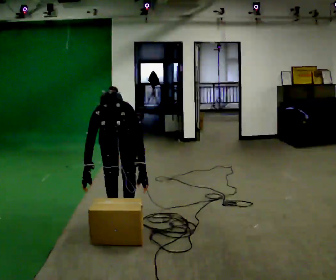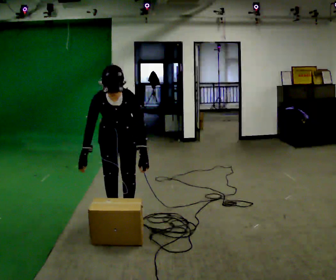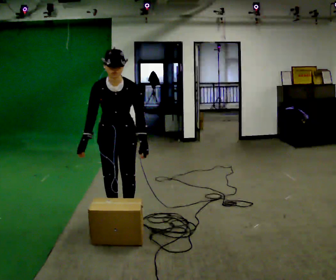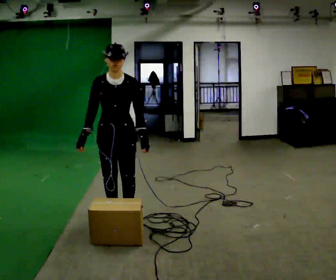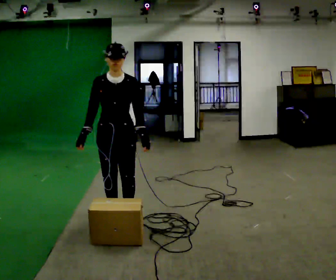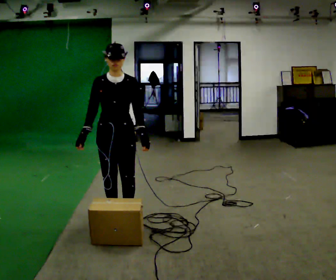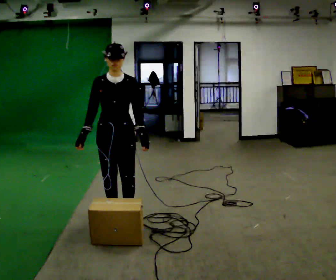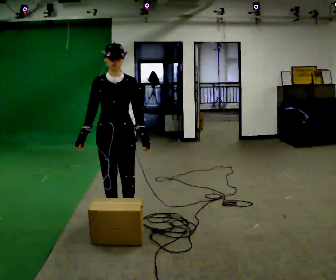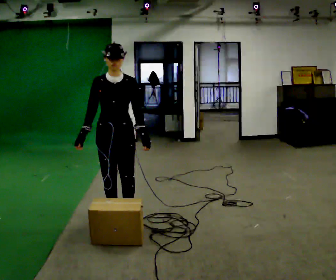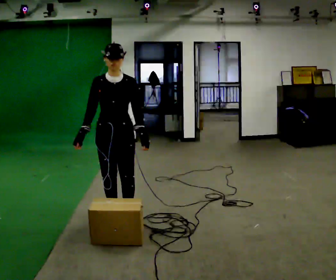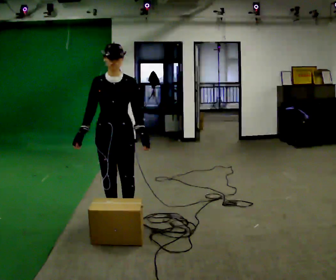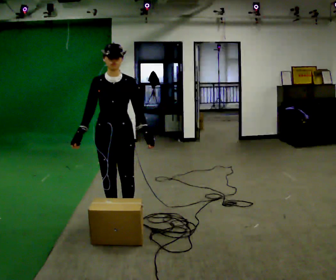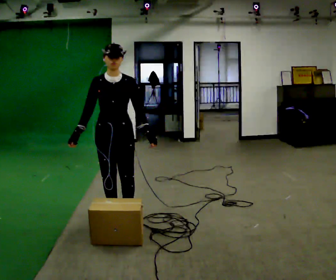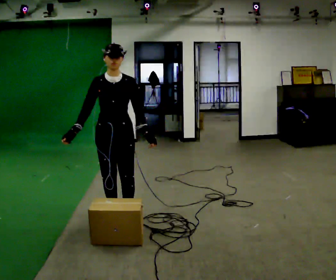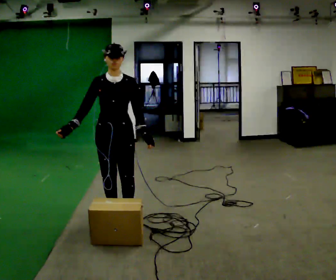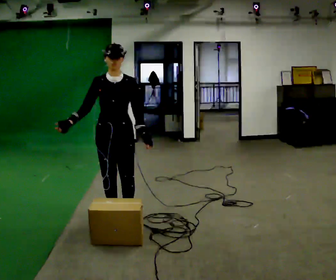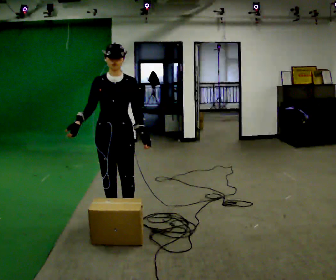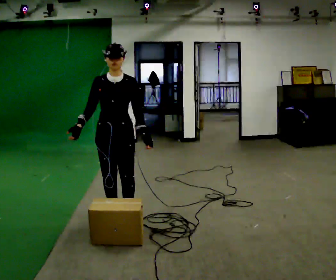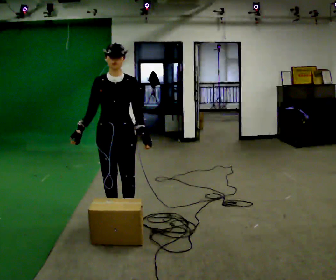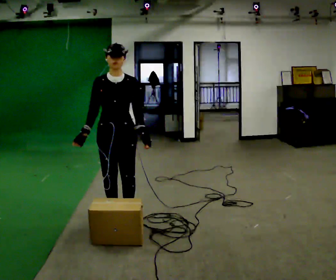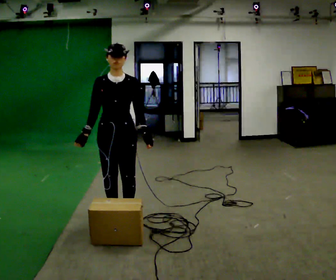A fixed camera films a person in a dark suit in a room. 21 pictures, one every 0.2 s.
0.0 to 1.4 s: The upper body goes upward. The upper body tips away from the camera, its near side rolling upward, as they lean back or straighten.
1.4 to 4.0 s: The person moves a little, or ends about where they began.
The film runs backward here.
